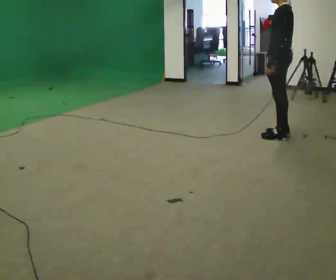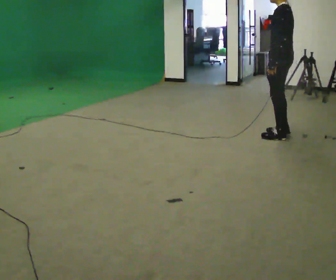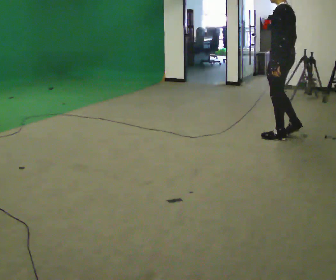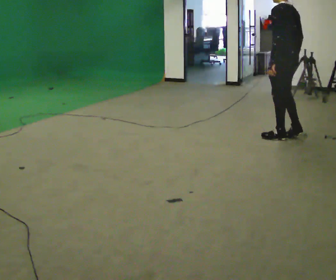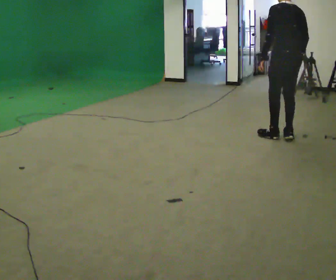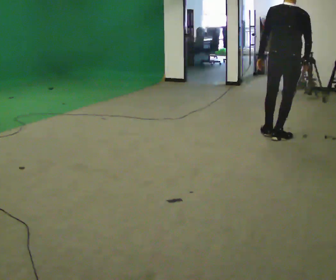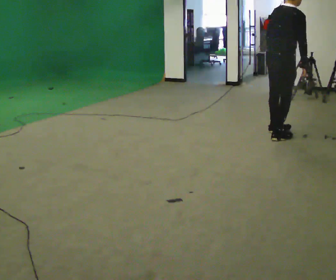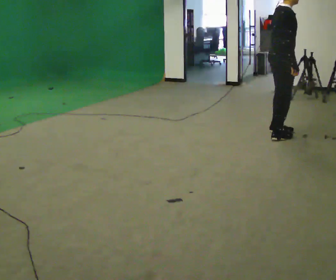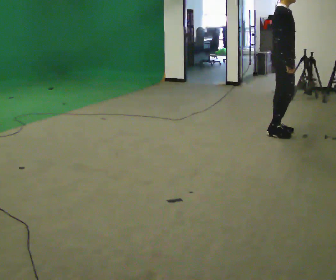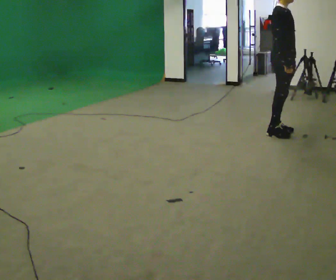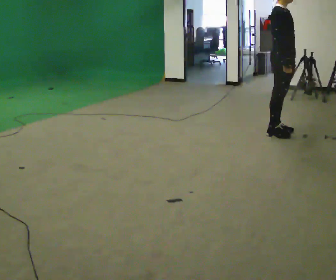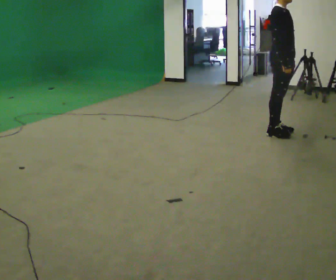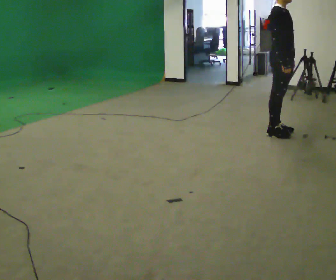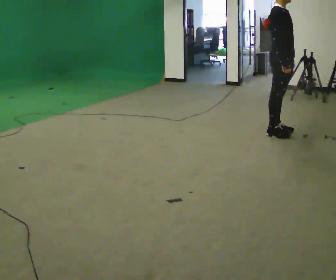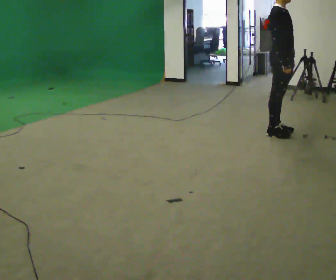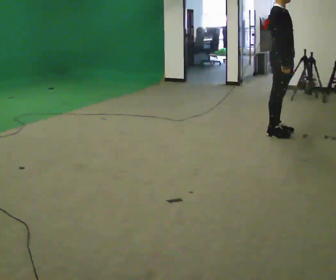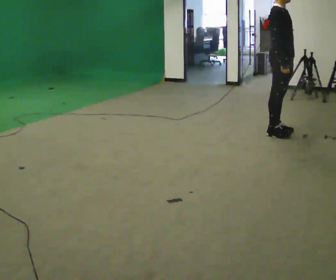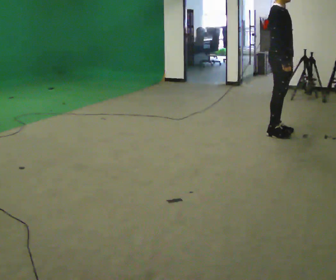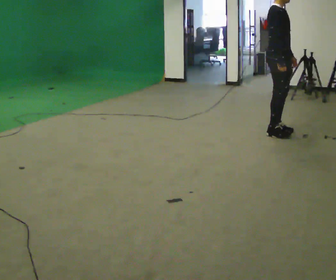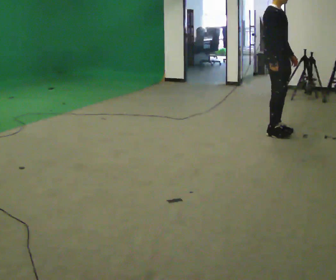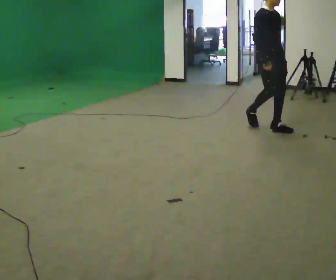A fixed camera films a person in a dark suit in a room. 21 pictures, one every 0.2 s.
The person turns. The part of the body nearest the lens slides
to the left.
The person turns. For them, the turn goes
to their right.
0.0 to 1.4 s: The part of the body nearest the lens slides to the left as the person turns to their right by about 150 degrees.
1.4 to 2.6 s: Seen from above the body turns clockwise, about 30 degrees: to their right, with its near side sliding to the left.
2.6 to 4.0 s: In the picture they go away from the camera and to the left, about 0.25 m in 1 step, which for them is to their left and backward.
The film runs backward here.
